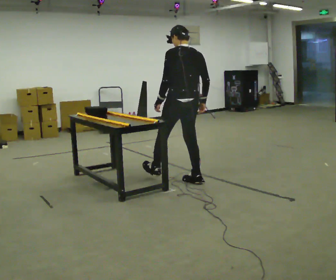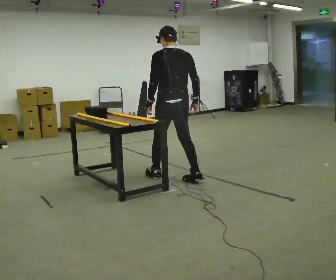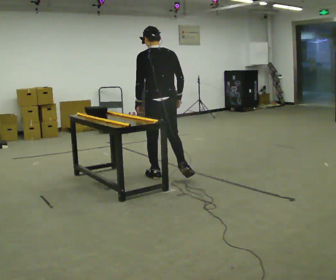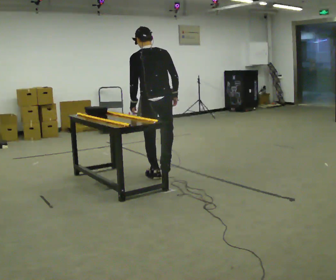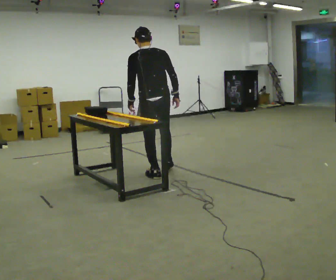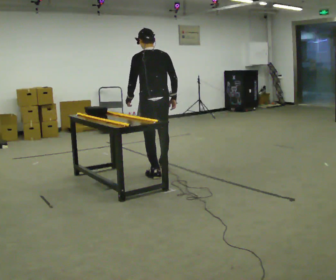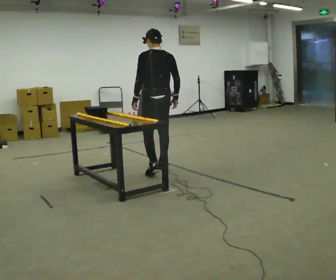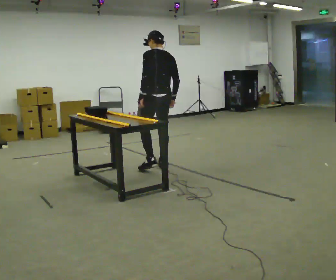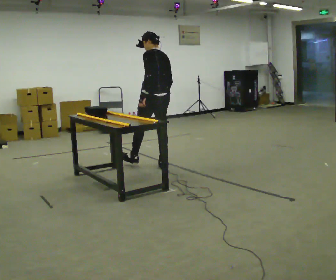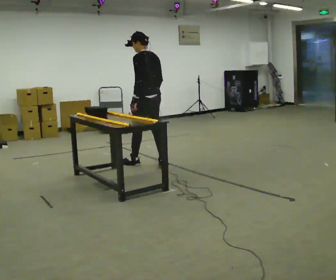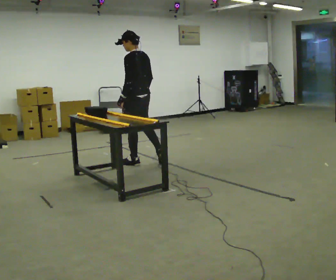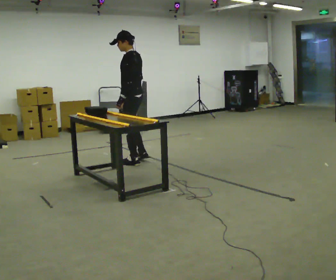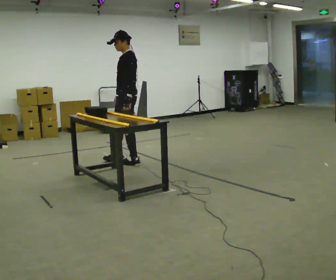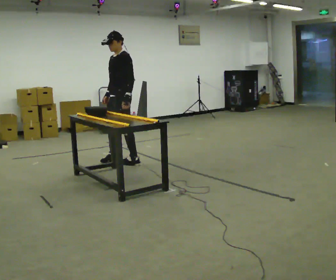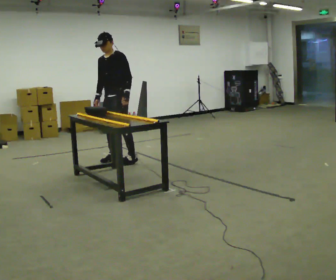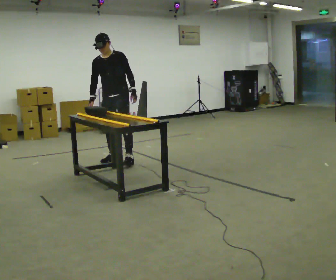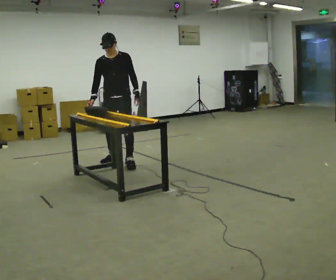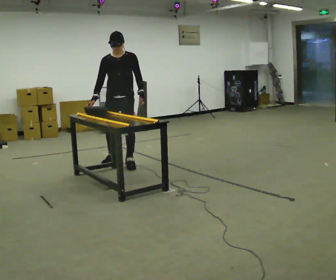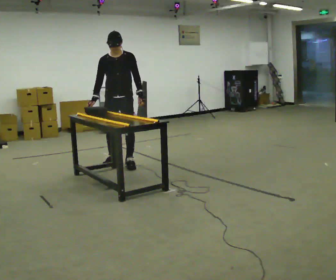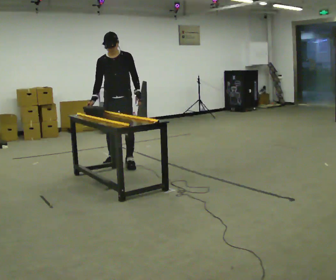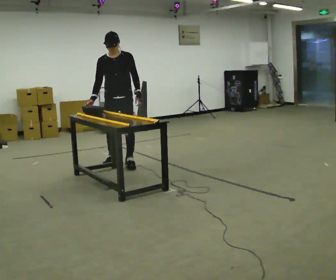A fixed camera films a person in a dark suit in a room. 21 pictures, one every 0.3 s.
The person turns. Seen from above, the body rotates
counterclockwise.
The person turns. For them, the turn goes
to their left.
0.0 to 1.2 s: In the picture they go to the left and away from the camera, about 0.5 m, which for them is forward and to their left.
1.2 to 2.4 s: The person turns about 30 degrees to their left, counterclockwise seen from above, so the part of the body nearest the lens slides to the right. In the picture they go away from the camera, about 0.5 m in 1 step, which for them is forward and to their right.
2.4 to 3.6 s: The part of the body nearest the lens slides to the right as the person turns to their left by about 60 degrees. In the picture they go to the left and away from the camera, about 0.5 m in 1 step, which for them is forward.
3.6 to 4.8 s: The person turns about 75 degrees to their left, counterclockwise seen from above, so the part of the body nearest the lens slides to the right.
4.8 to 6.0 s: The person moves a little, or ends about where they began.
The film runs forward here.
